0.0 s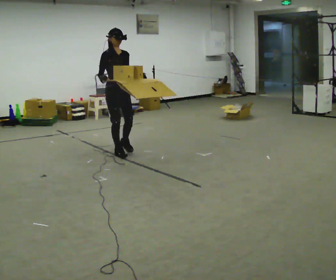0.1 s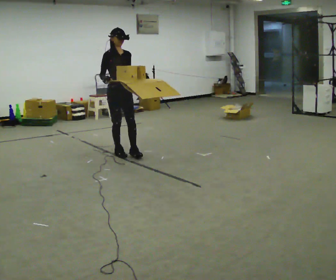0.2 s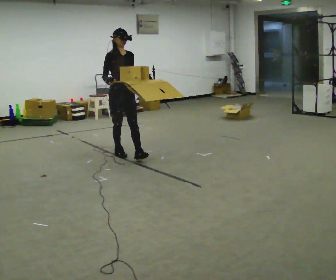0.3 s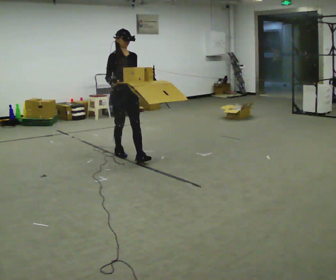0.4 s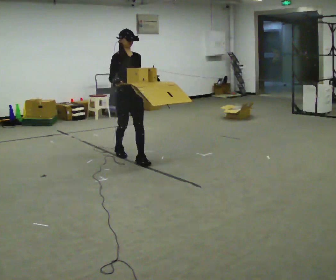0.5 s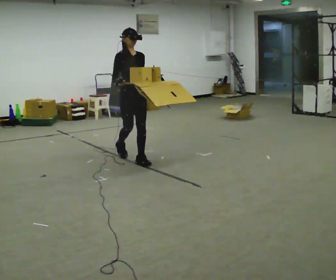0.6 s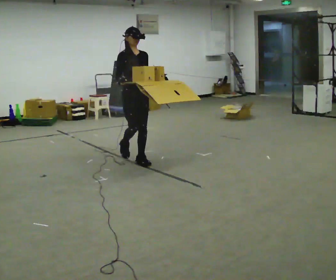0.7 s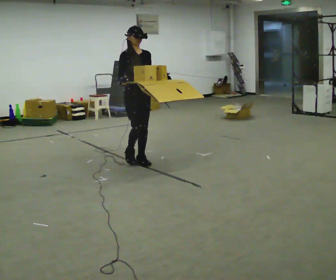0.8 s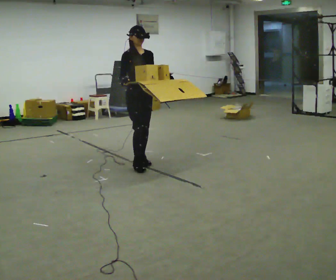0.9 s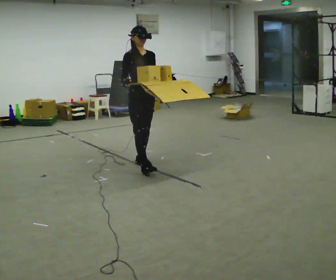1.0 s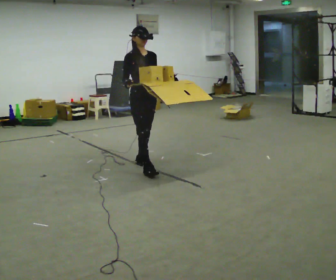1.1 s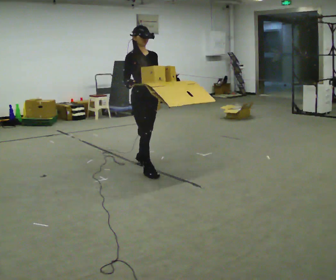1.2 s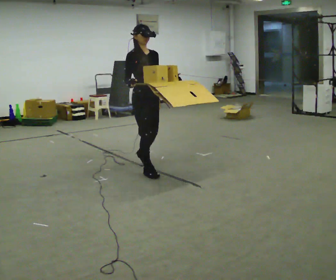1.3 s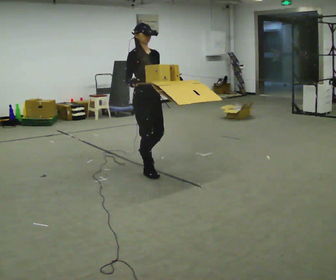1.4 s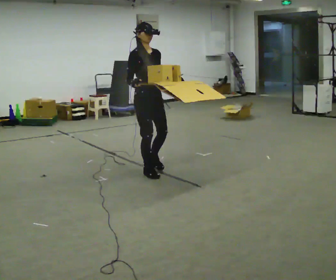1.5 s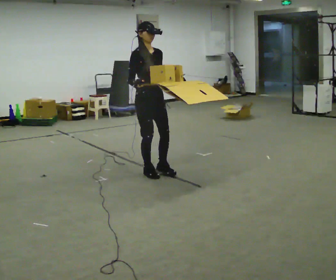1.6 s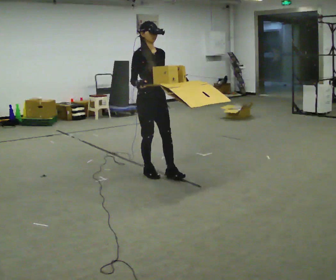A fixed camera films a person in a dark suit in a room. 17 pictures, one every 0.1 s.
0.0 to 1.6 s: In the picture they go toward the camera and to the right, about 1 m in 2 steps, which for them is forward.
The film runs forward here.
